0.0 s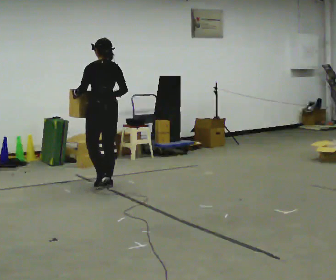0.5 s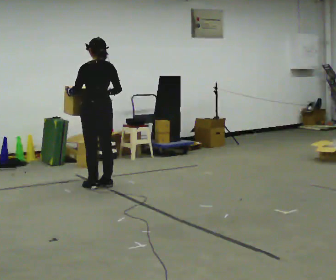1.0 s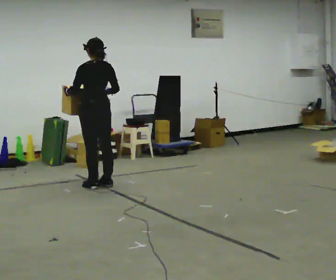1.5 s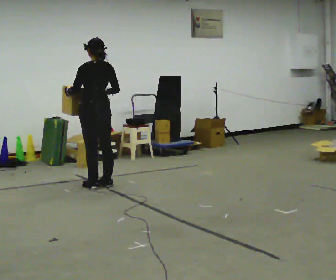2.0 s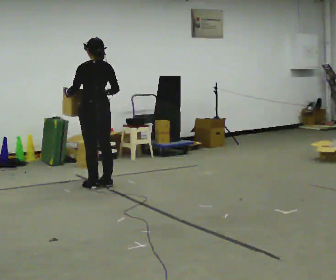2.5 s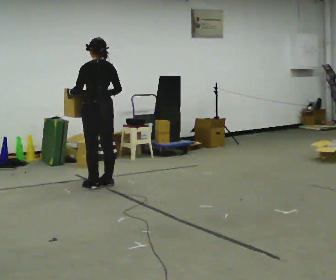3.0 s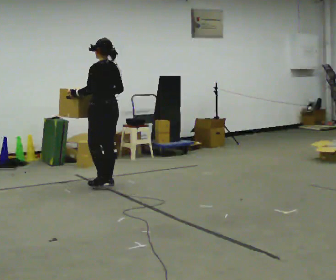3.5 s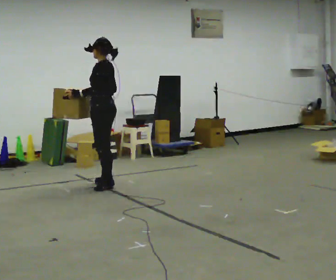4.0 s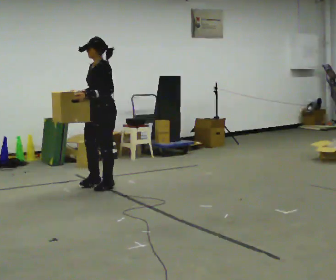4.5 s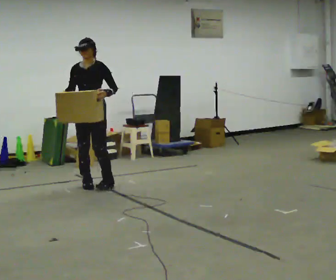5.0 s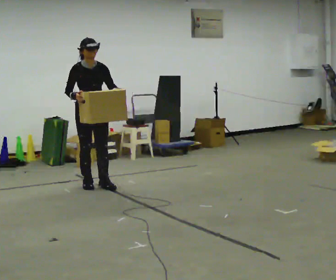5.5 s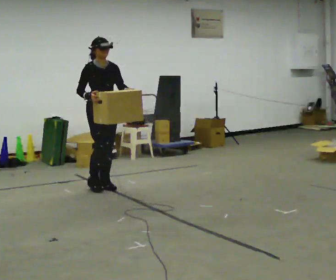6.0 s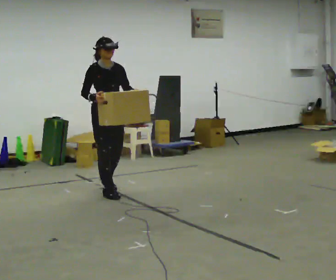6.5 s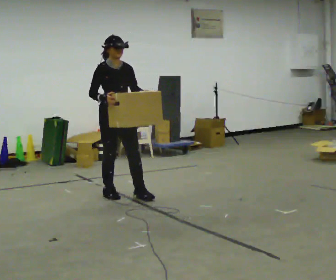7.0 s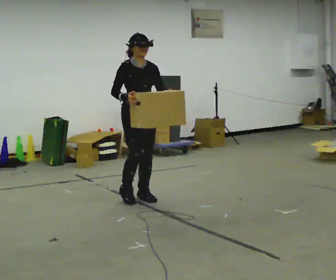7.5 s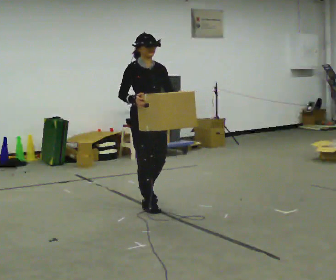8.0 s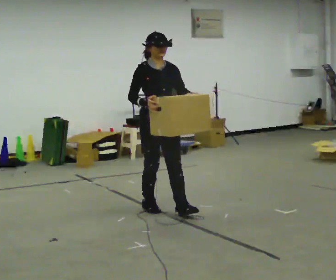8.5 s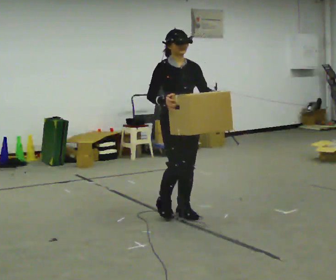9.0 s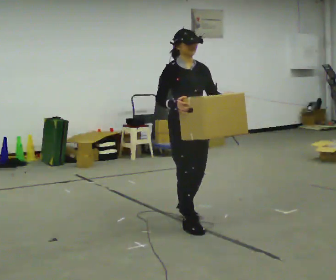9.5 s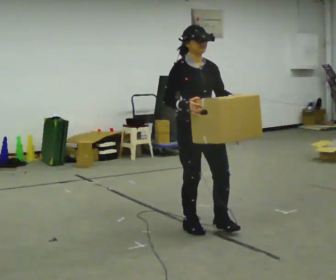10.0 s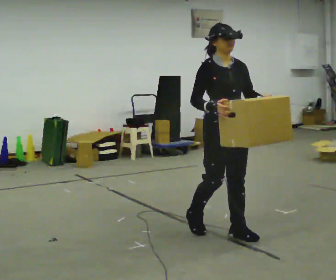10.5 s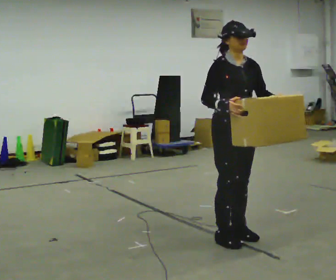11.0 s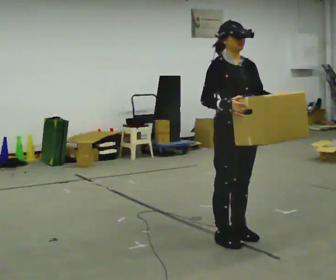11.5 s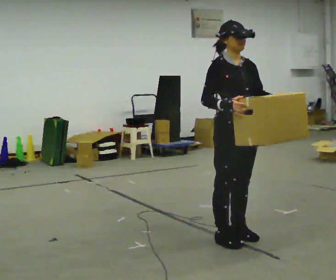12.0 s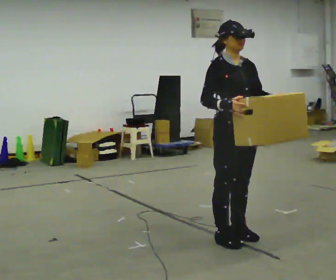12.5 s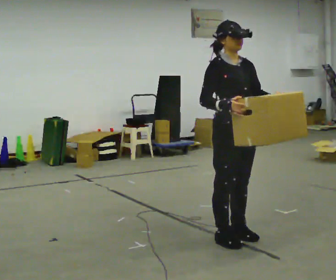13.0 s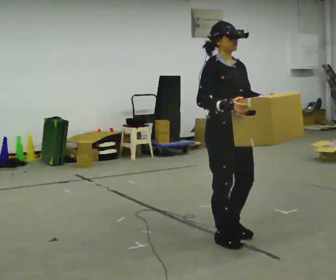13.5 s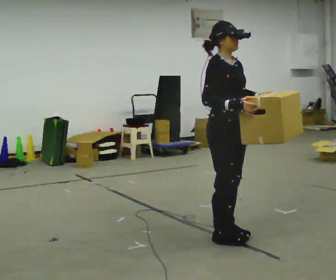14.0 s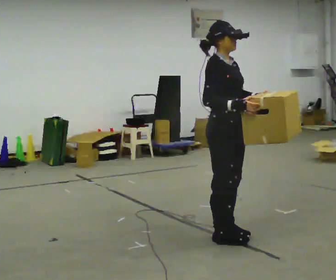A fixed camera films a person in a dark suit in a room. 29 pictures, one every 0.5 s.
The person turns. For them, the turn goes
to their left.
The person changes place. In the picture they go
toward the camera.
0.0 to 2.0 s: The person moves a little, or ends about where they began.
2.0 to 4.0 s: The part of the body nearest the lens slides to the right as the person turns to their left by about 90 degrees. In the picture their left hand goes to the right.
4.0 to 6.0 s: The person turns about 90 degrees to their left, counterclockwise seen from above, so the part of the body nearest the lens slides to the right. In the picture they go toward the camera, about 0.25 m in 1 step. In the picture their left hand goes to the right.
6.0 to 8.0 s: In the picture they go toward the camera and to the right, about 1 m in 3 steps, which for them is forward.
8.0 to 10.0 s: In the picture they go toward the camera and to the right, about 1 m in 3 steps, which for them is forward.
10.0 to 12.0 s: In the picture they go toward the camera, about 0.25 m, which for them is forward.
12.0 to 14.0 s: The part of the body nearest the lens slides to the right as the person turns to their left by about 30 degrees.
The film runs backward here.
